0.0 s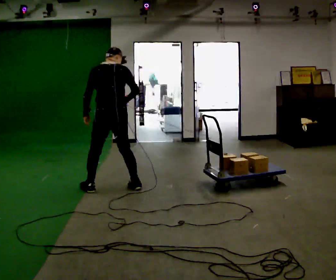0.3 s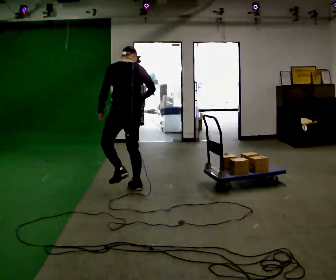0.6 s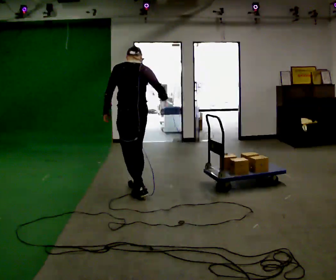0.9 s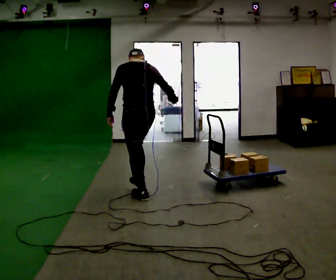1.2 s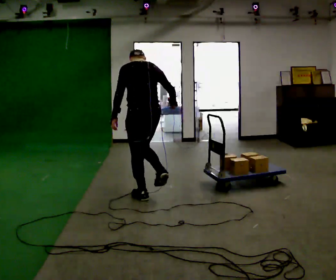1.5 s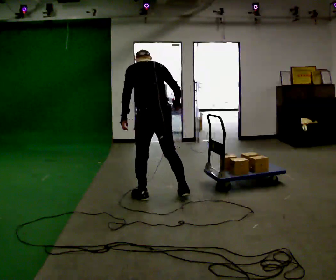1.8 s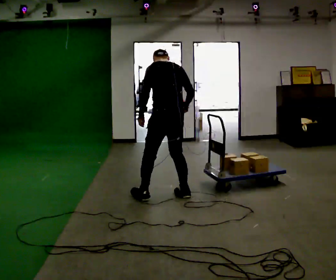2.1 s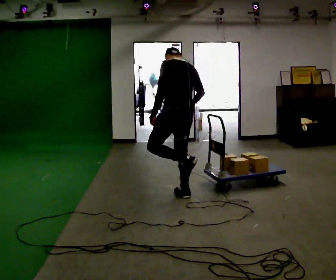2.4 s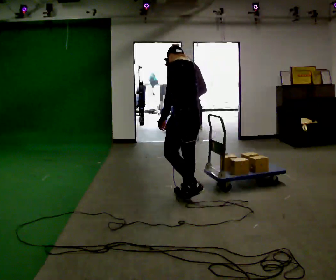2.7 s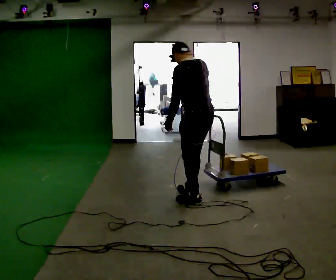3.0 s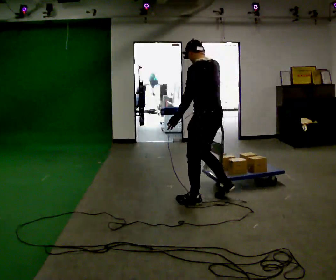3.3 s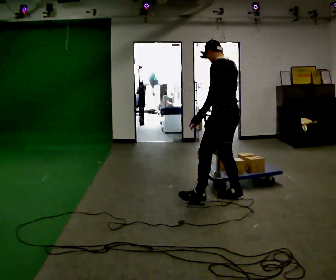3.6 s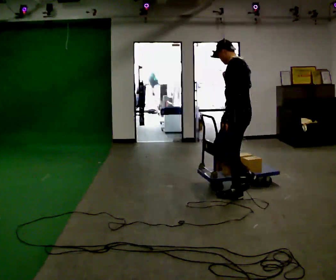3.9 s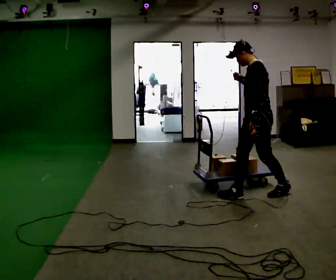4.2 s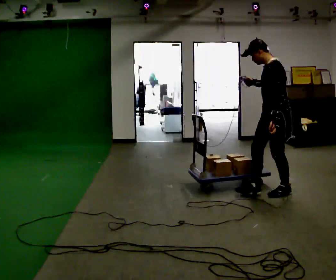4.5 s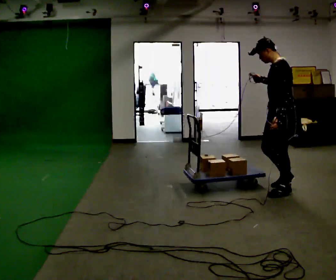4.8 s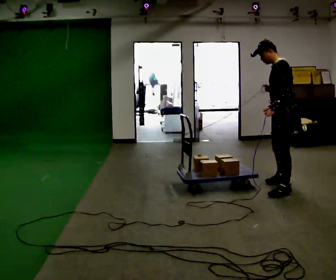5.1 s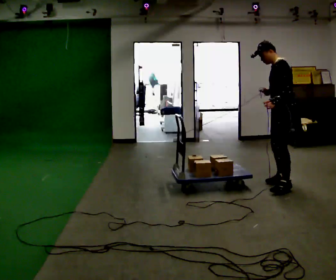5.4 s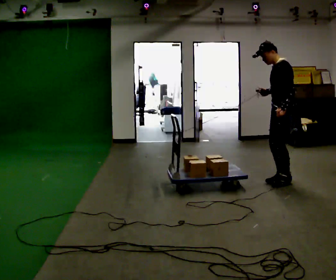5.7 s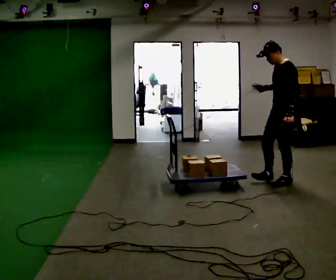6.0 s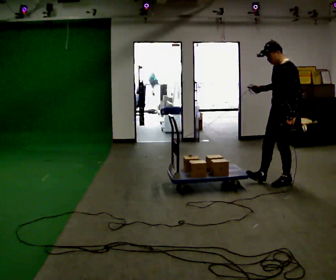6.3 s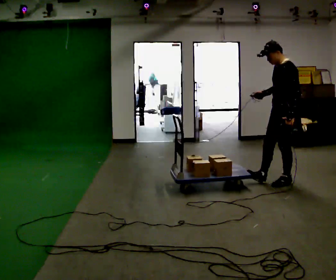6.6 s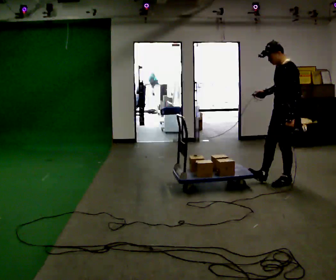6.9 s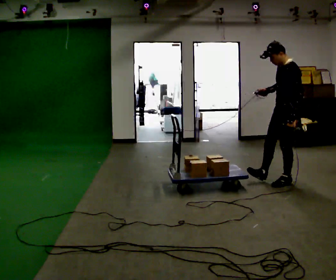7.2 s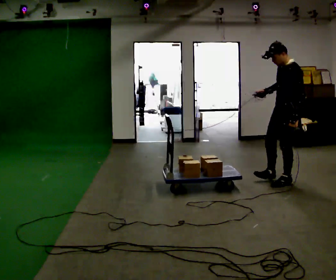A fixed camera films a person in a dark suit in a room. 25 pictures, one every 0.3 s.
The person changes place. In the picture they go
to the right.
The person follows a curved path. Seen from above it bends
counterclockwise.
0.0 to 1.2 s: In the picture they go to the right and toward the camera, about 0.5 m in 2 steps, which for them is backward.
1.2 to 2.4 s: In the picture they go to the right, about 0.5 m in 1 step, which for them is to their right and backward.
2.4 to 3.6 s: The person turns about 30 degrees to their left, counterclockwise seen from above, so the part of the body nearest the lens slides to the right. In the picture they go to the right, about 0.5 m in 2 steps, which for them is backward and to their right.
3.6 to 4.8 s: In the picture they go to the right and away from the camera, about 0.5 m in 1 step, which for them is backward.
4.8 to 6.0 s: In the picture they go away from the camera, about 0.25 m in 2 steps, which for them is to their right.
6.0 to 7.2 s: The person moves a little, or ends about where they began.
The film runs backward here.
